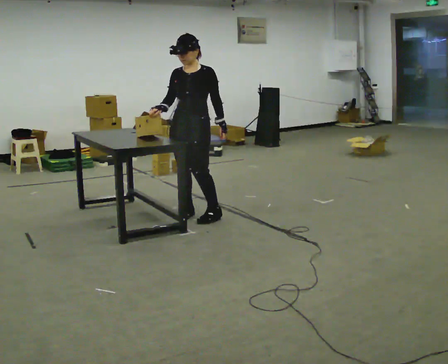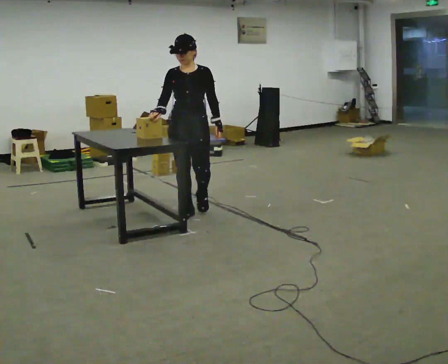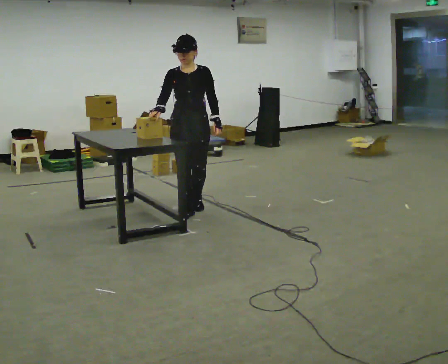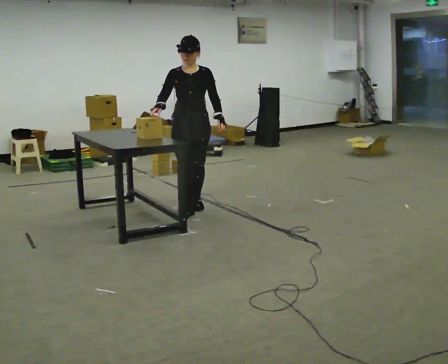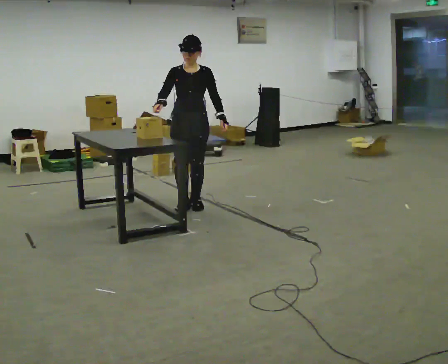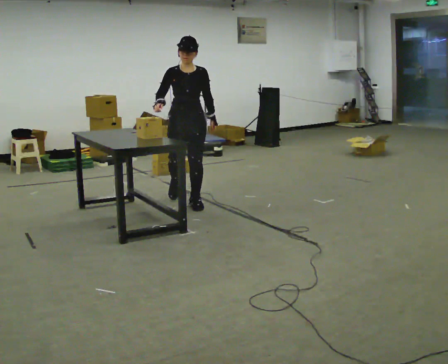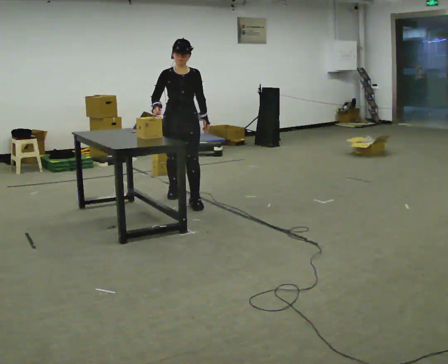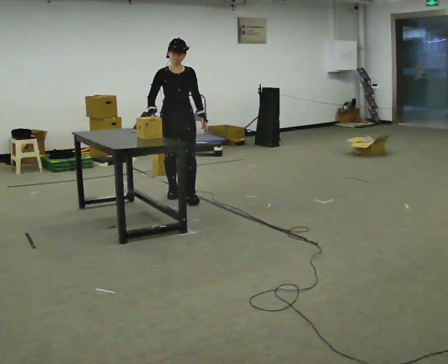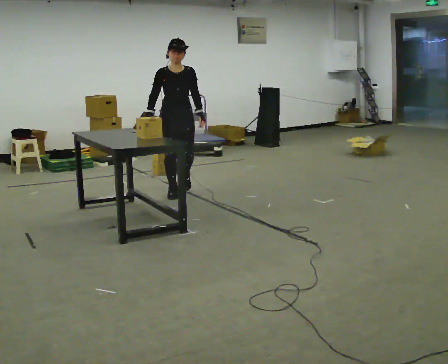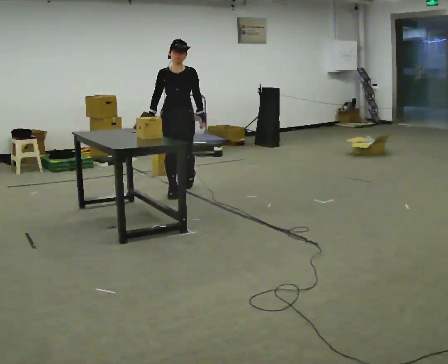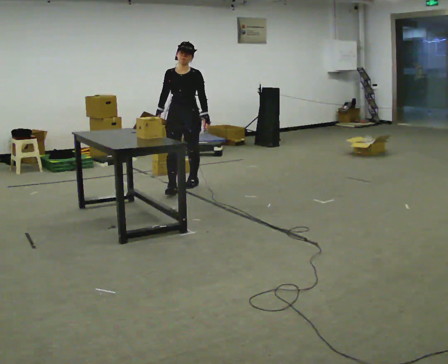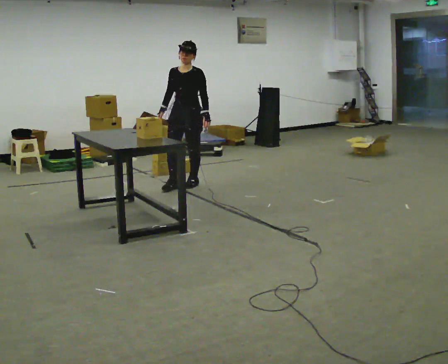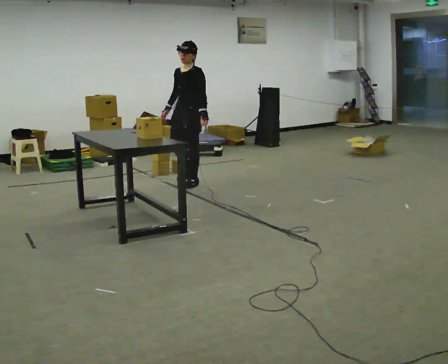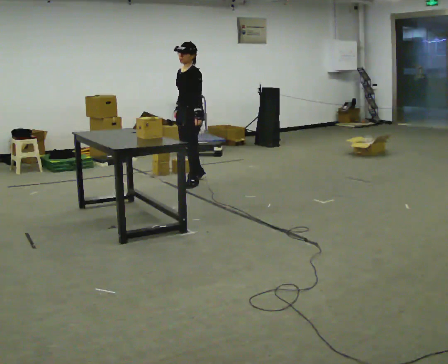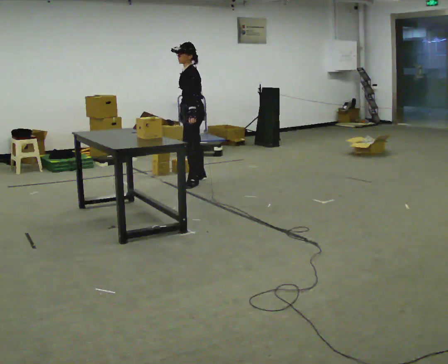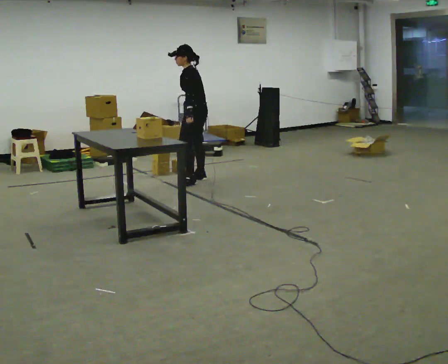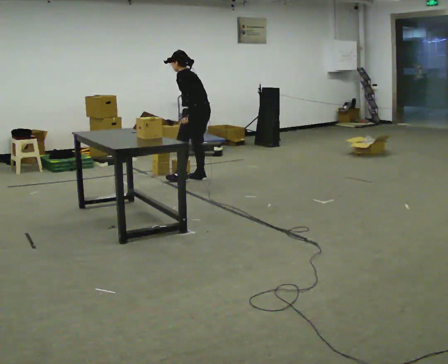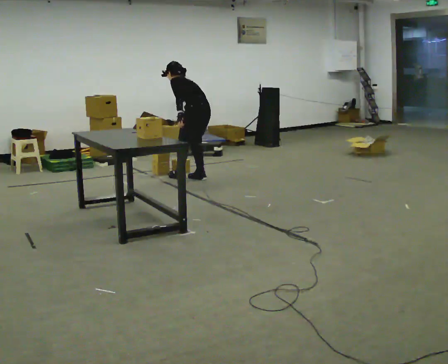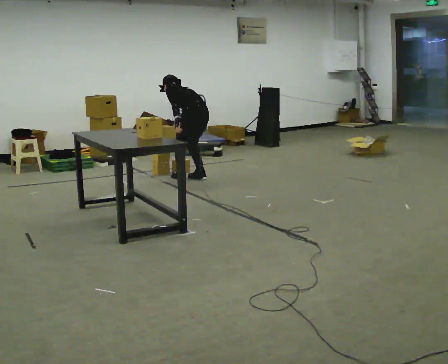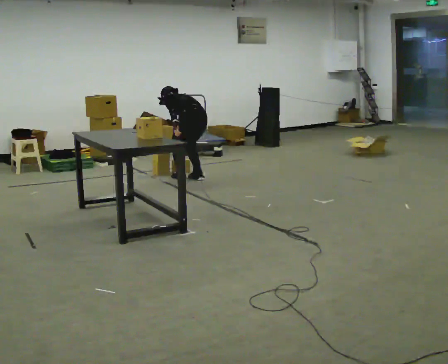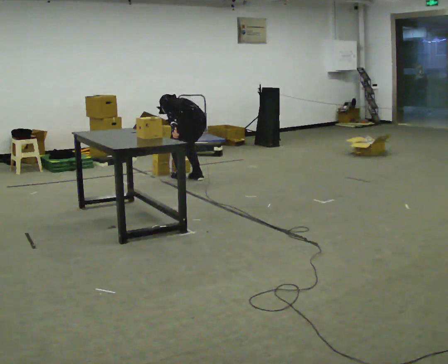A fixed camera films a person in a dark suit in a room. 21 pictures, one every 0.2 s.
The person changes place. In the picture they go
away from the camera.
The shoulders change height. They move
downward.
0.0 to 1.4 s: The part of the body nearest the lens slides to the right as the person turns to their left by about 30 degrees. In the picture they go away from the camera, about 0.5 m in 2 steps, which for them is backward.
1.4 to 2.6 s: The part of the body nearest the lens slides to the left as the person turns to their right by about 75 degrees. In the picture they go away from the camera, about 0.5 m in 1 step.
2.6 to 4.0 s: Seen from above the body turns clockwise, about 75 degrees: to their right, with its near side sliding to the left. In the picture they go away from the camera, about 0.25 m in 1 step. The upper body goes downward. The upper body tips away from the camera, its near side rolling upward, as they bend forward. In the picture their left hand goes to the left.
The film runs backward here.
